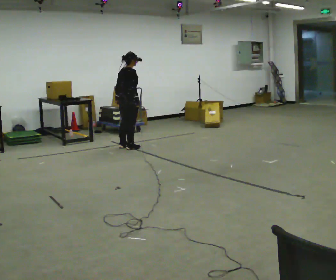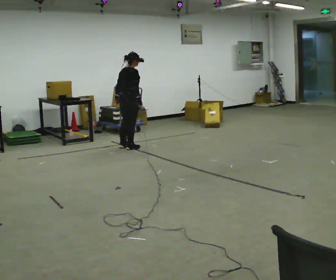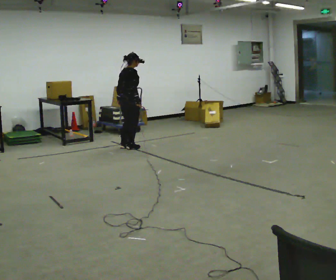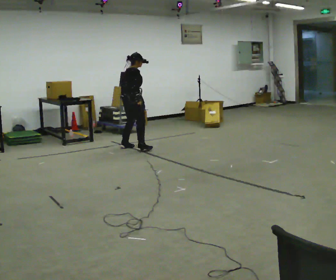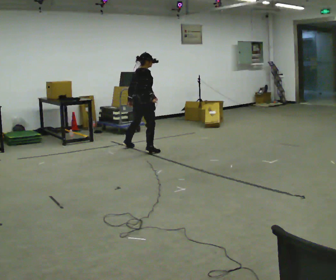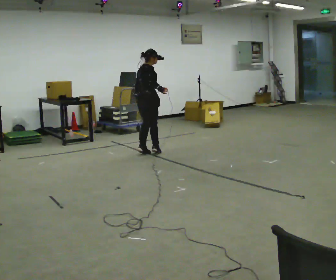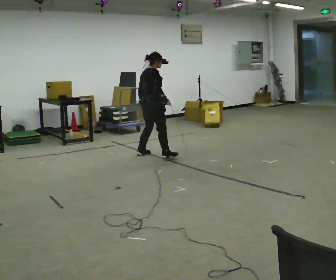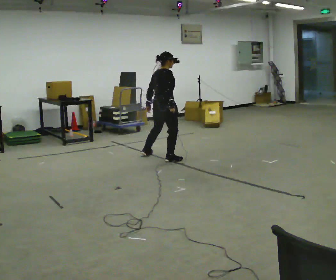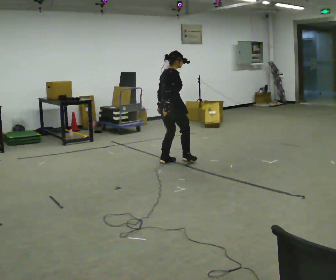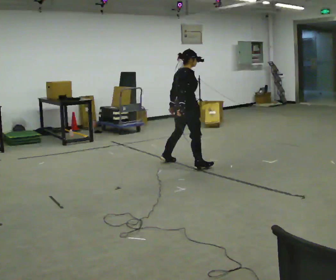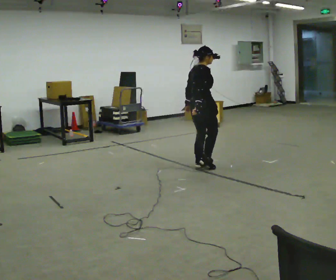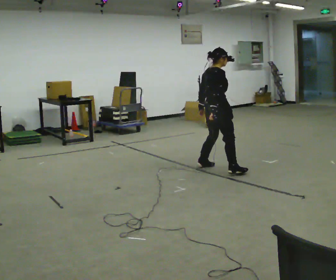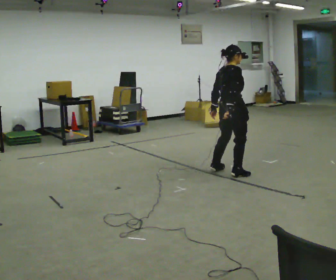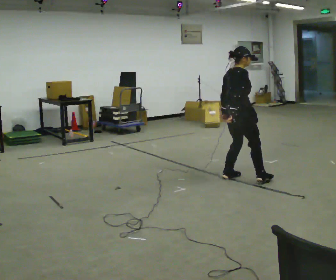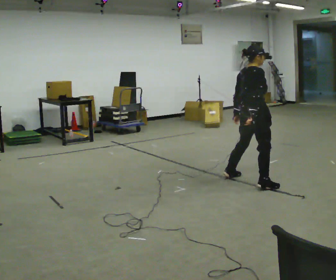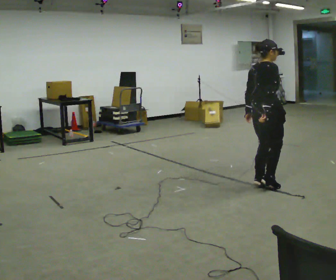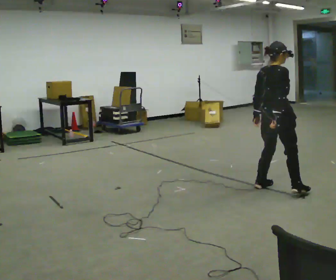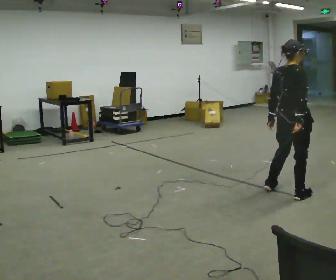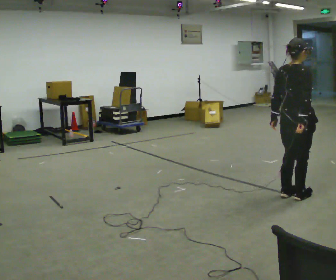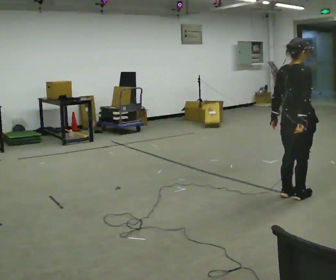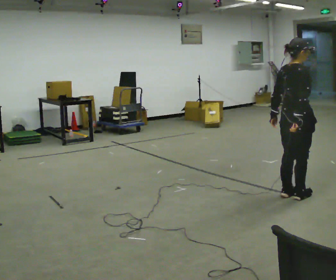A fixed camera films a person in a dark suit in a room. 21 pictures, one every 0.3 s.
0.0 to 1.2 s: In the picture they go to the right and toward the camera, about 0.25 m in 1 step, which for them is to their right.
1.2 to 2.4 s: In the picture they go toward the camera and to the right, about 1 m in 3 steps, which for them is to their right.
2.4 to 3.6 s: In the picture they go to the right and toward the camera, about 1 m in 3 steps, which for them is to their right.
3.6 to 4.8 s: In the picture they go toward the camera and to the right, about 0.5 m in 3 steps, which for them is to their right.
4.8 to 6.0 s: In the picture they go toward the camera, about 0.25 m in 2 steps, which for them is to their right.
The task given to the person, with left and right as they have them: Shuffle sideways quickly in the direction the operator calls, without crossing your feet.
The film runs forward here.
